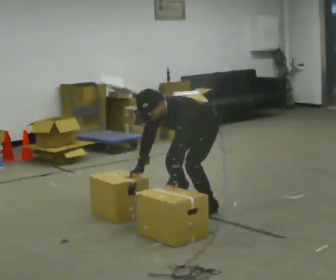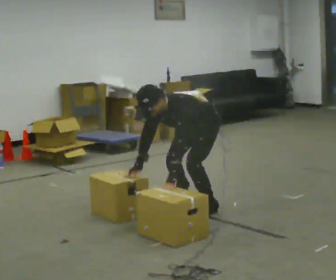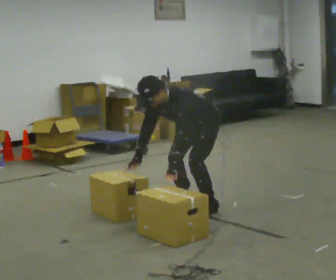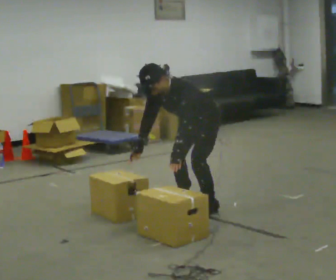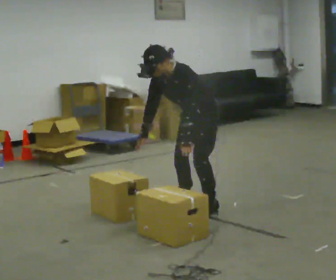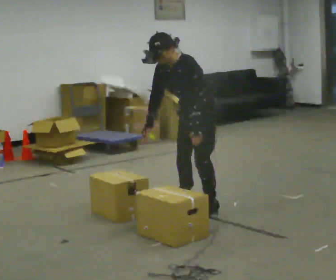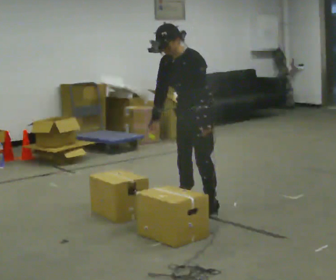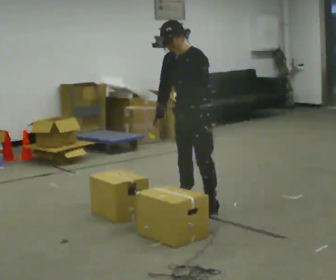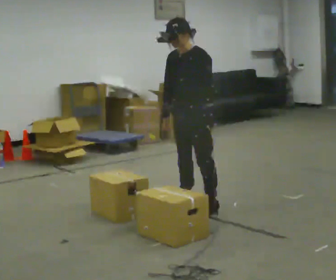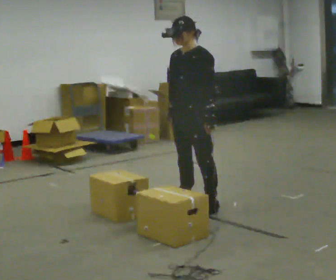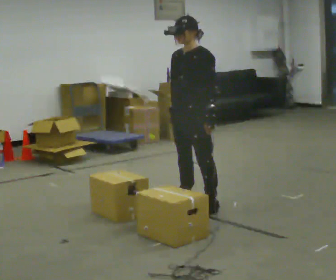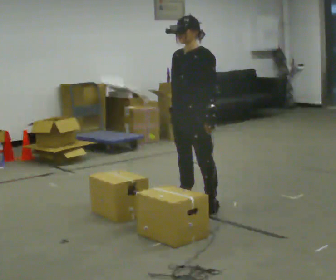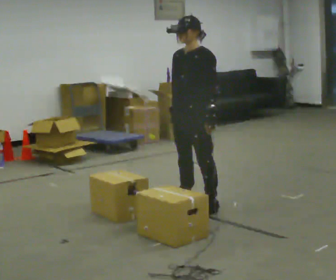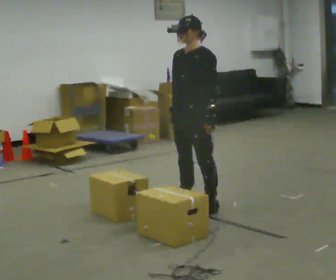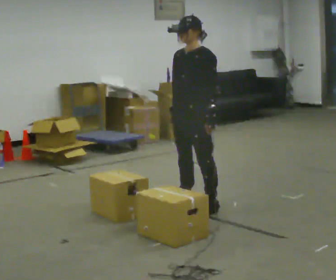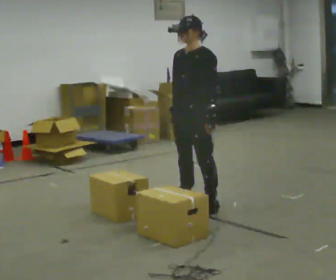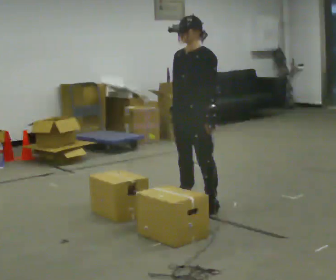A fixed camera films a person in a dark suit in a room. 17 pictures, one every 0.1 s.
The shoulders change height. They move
upward.
0.0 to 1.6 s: The upper body goes upward. In the picture the upper body tilts clockwise, shoulders to the right, as they lean back or straighten. In the picture their right hand goes upward and to the right.
The film runs backward here.
